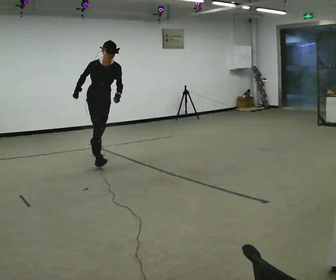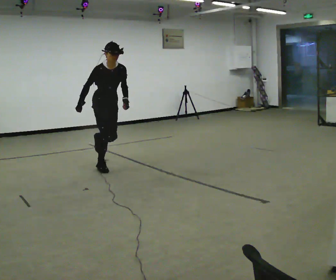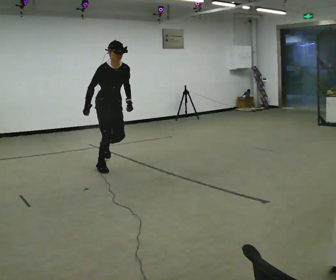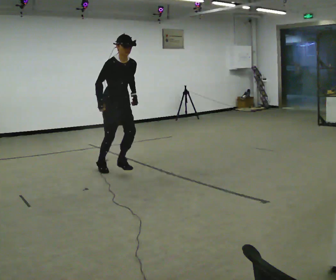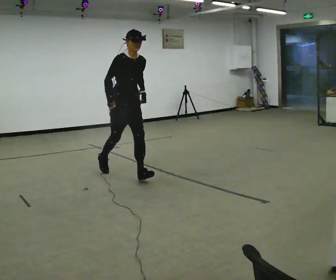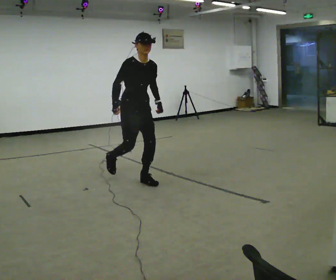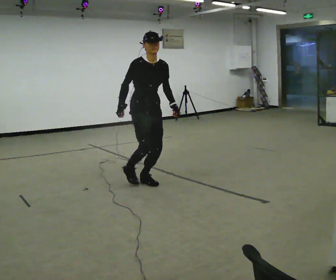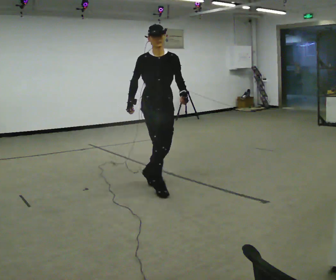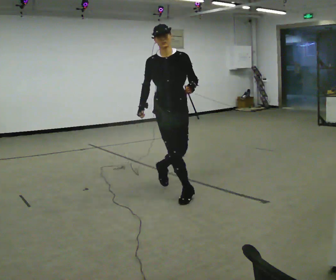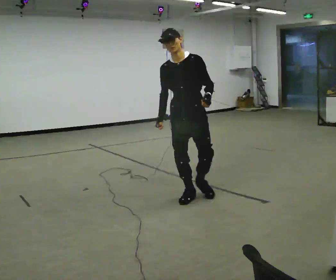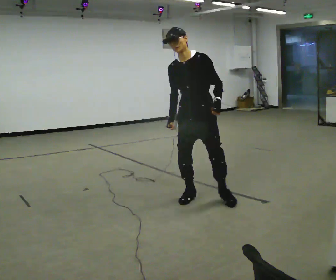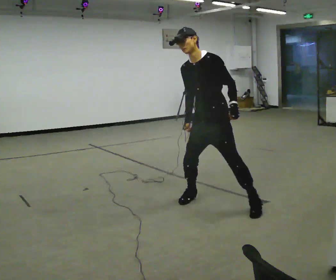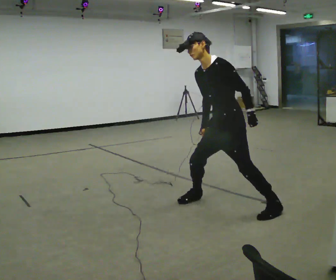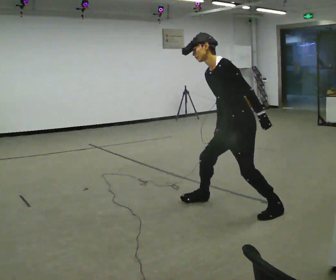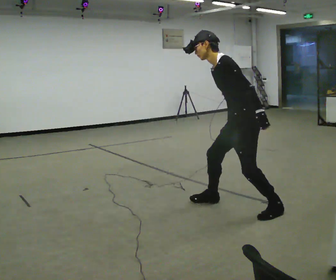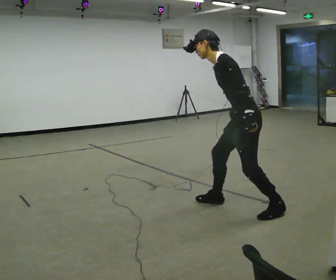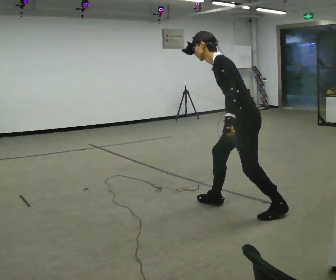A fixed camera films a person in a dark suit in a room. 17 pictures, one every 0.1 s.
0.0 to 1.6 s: Seen from above the body turns clockwise, about 135 degrees: to their right, with its near side sliding to the left. In the picture they go toward the camera and to the right, about 2.5 m in 4 steps. In the picture the upper body tilts counterclockwise, shoulders to the left.
The film runs forward here.
